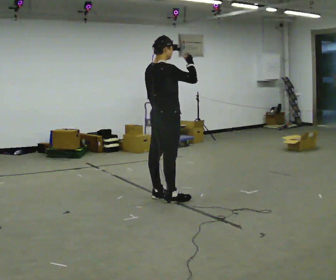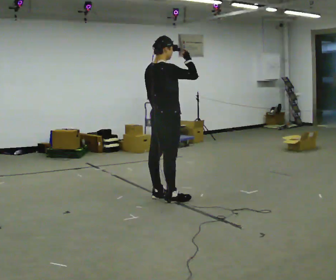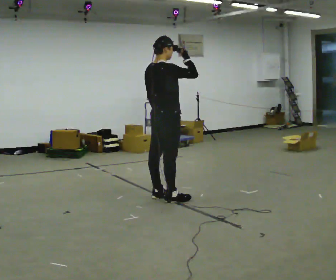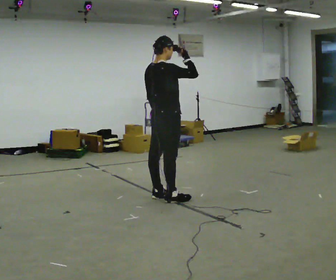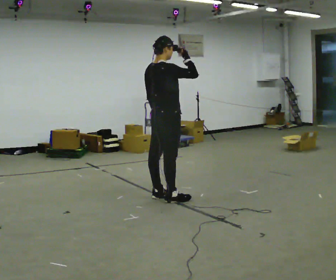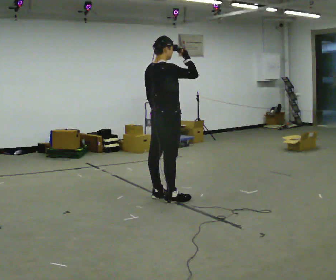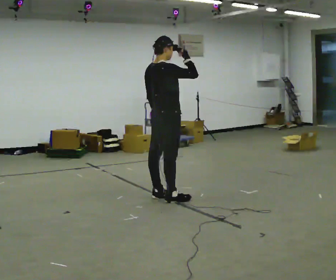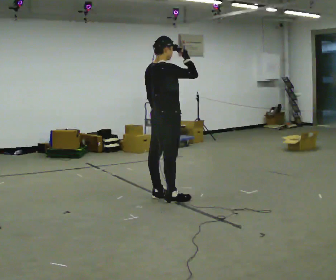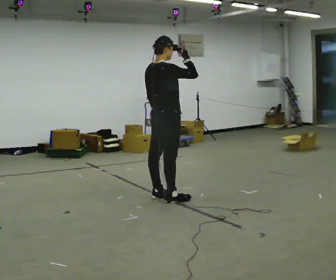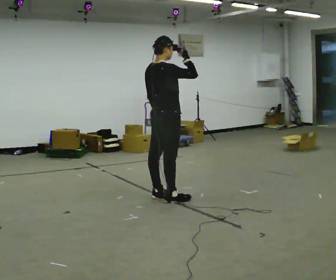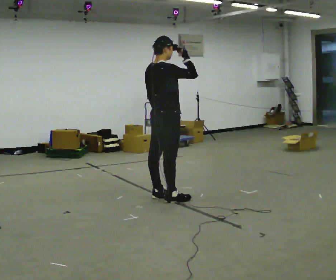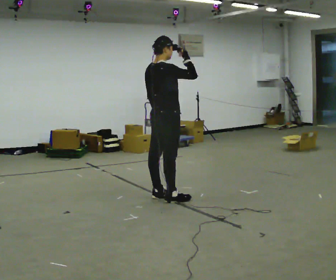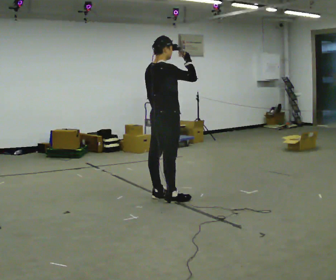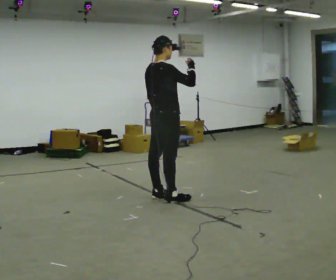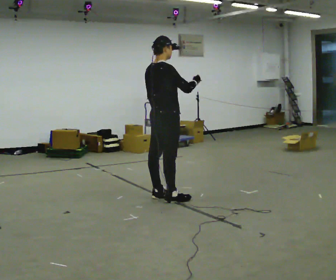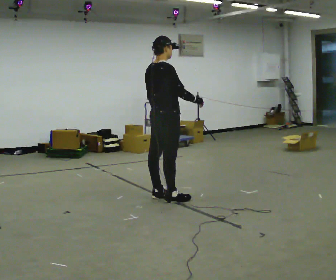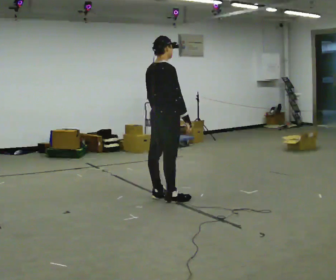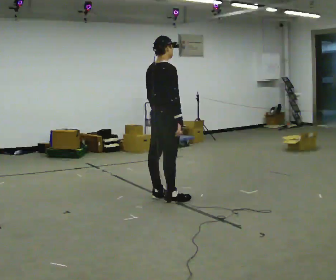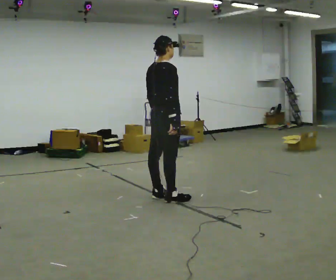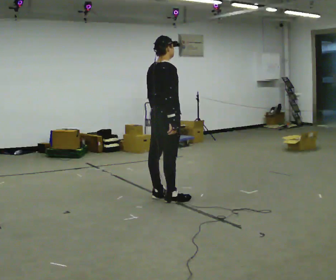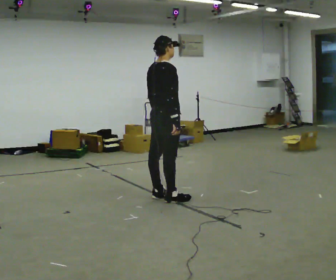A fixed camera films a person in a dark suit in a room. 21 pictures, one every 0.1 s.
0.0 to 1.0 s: The person moves a little, or ends about where they began.
1.0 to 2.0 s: In the picture their right hand goes downward.
The film runs forward here.
